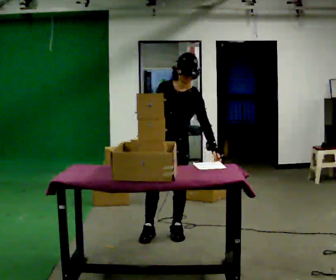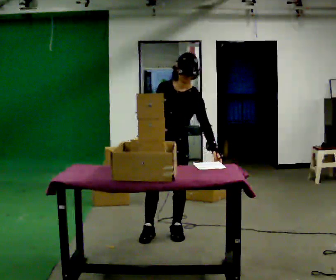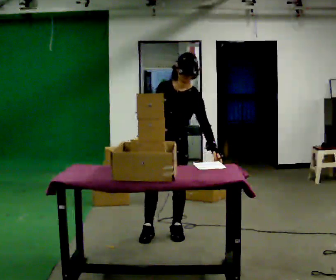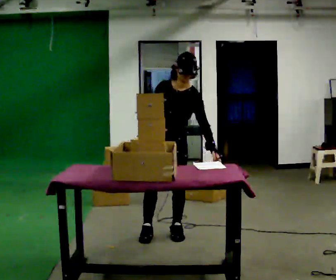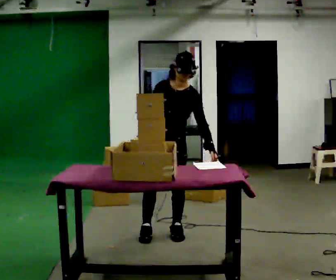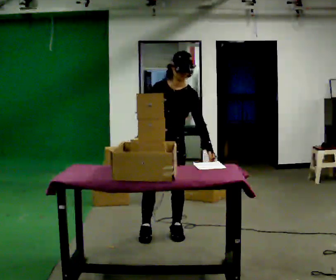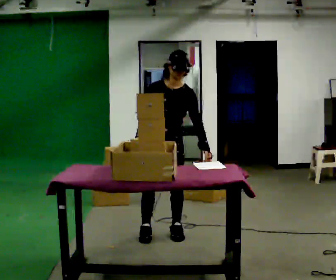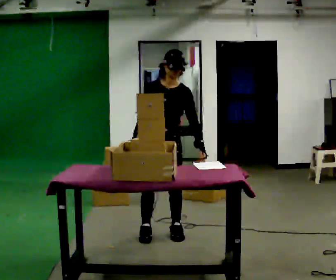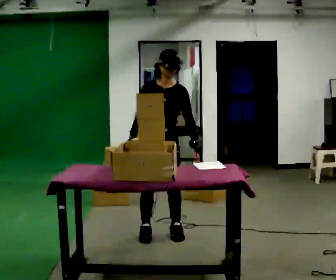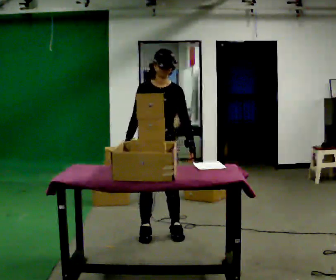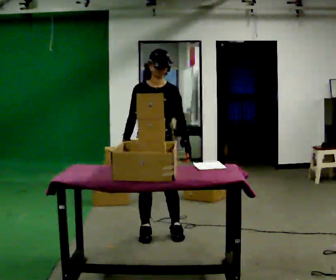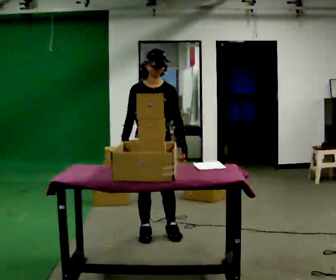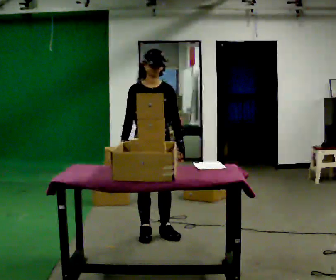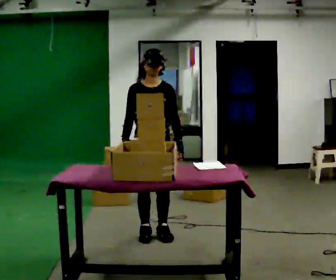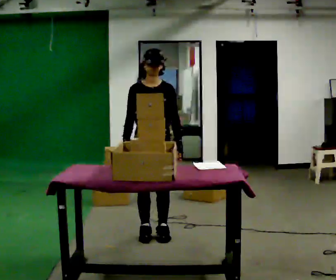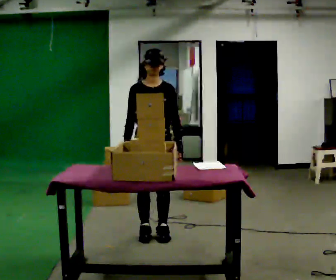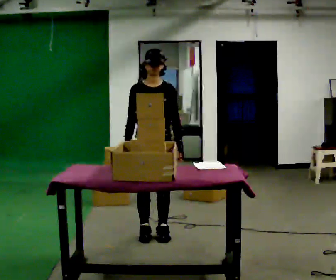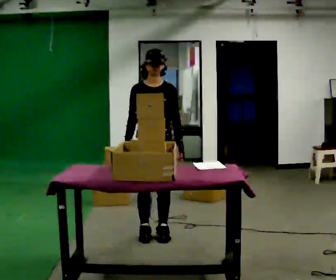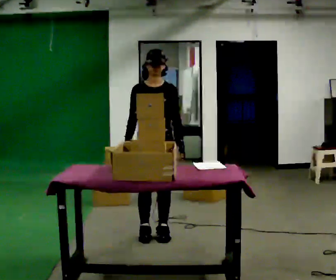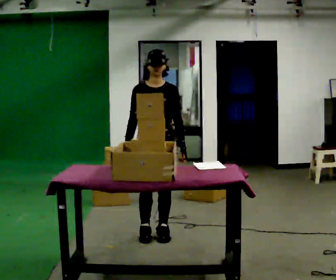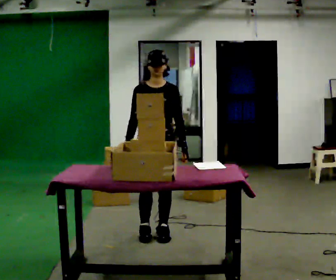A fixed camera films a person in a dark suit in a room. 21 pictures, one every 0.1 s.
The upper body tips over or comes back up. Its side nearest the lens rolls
upward.
0.0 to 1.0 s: The upper body tips away from the camera, its near side rolling upward, as they lean back or straighten.
1.0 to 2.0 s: The person moves a little, or ends about where they began.
The film runs backward here.
